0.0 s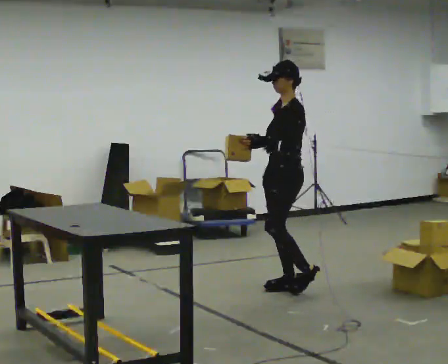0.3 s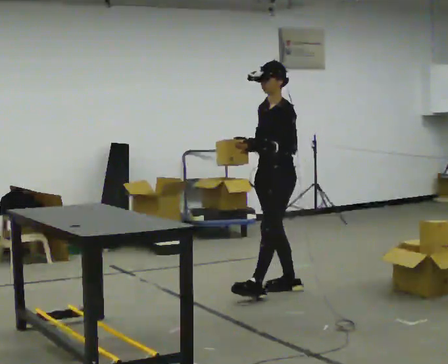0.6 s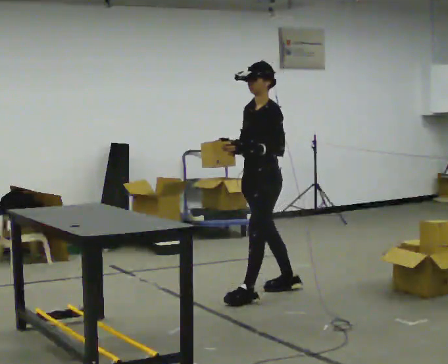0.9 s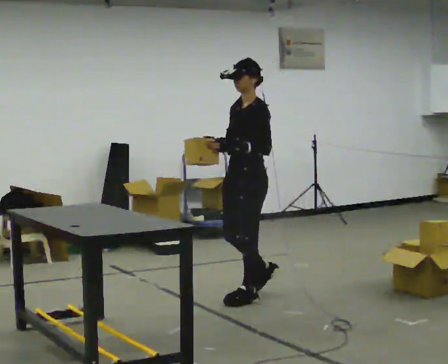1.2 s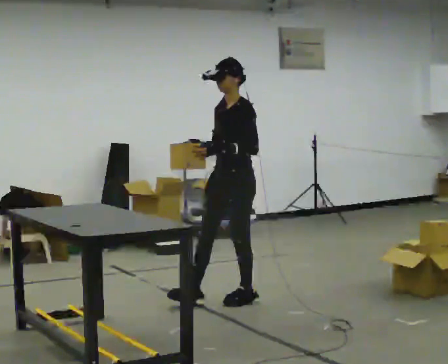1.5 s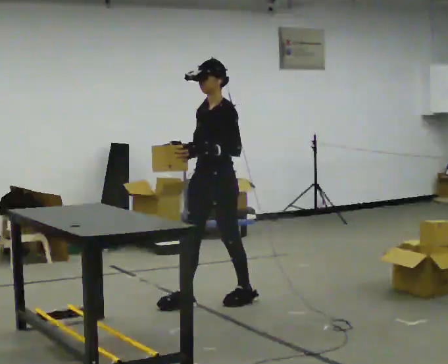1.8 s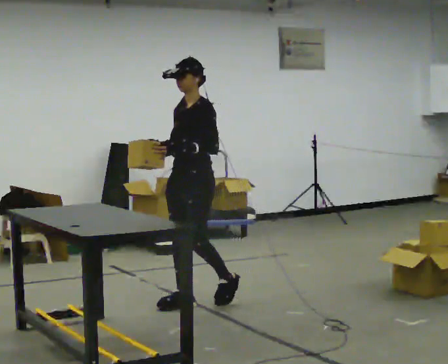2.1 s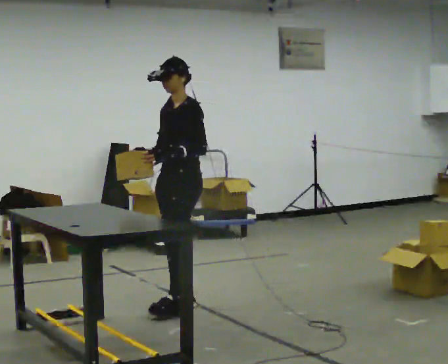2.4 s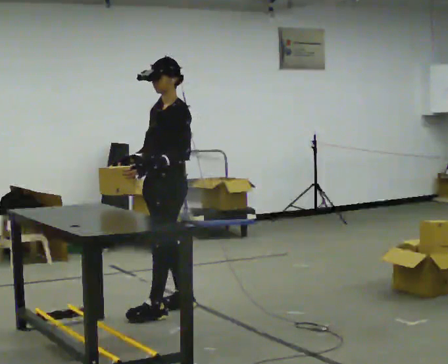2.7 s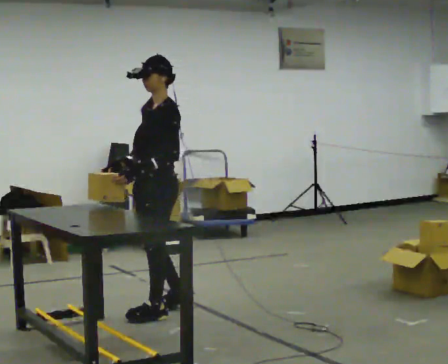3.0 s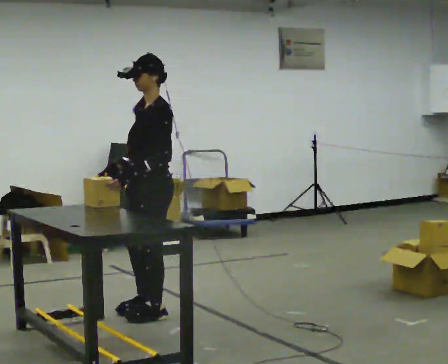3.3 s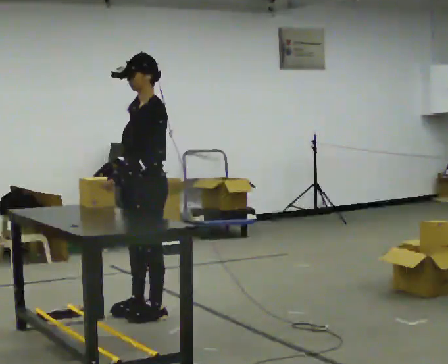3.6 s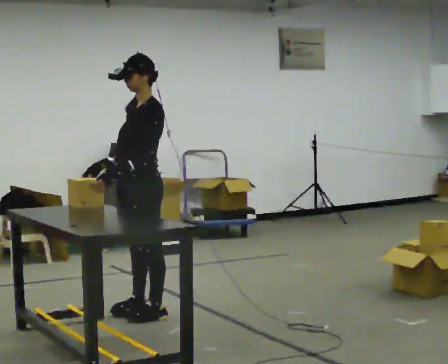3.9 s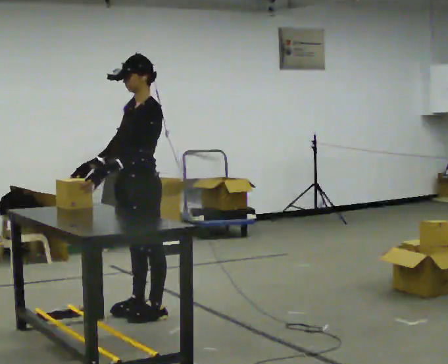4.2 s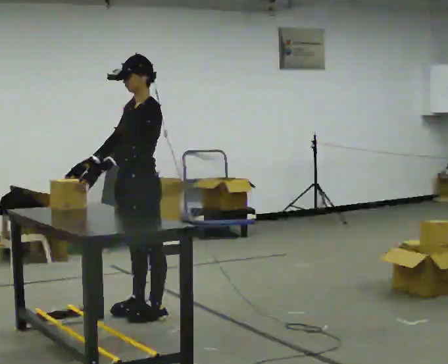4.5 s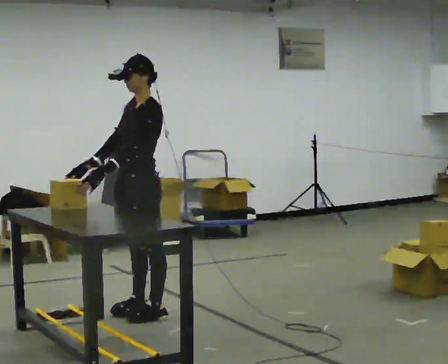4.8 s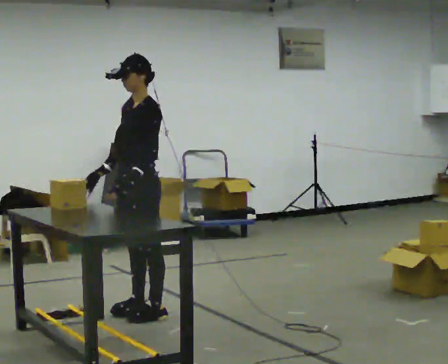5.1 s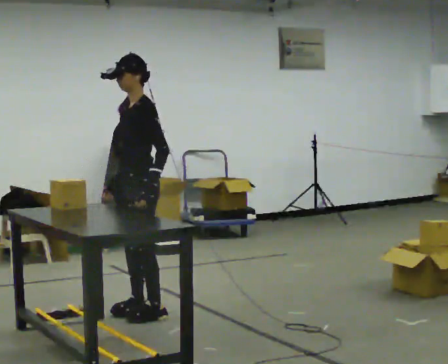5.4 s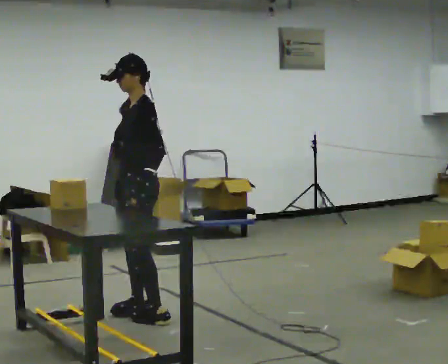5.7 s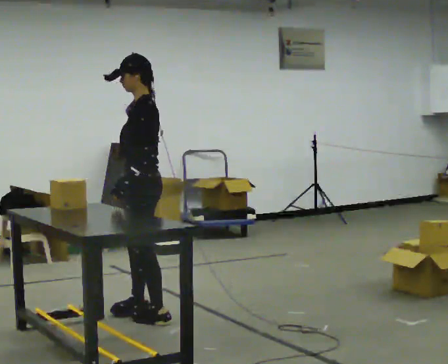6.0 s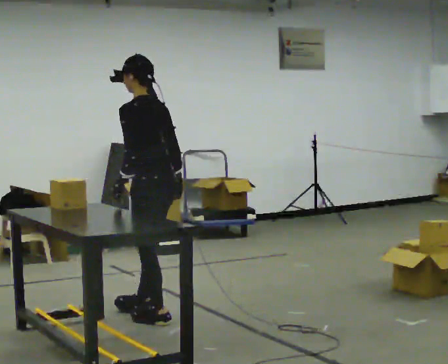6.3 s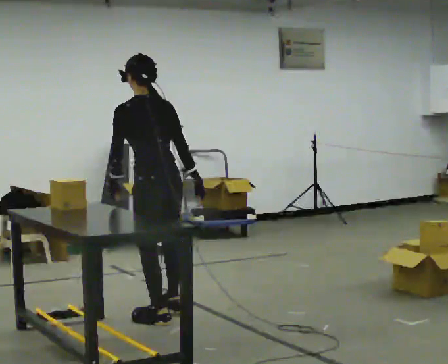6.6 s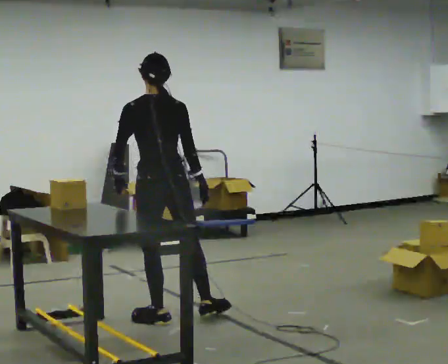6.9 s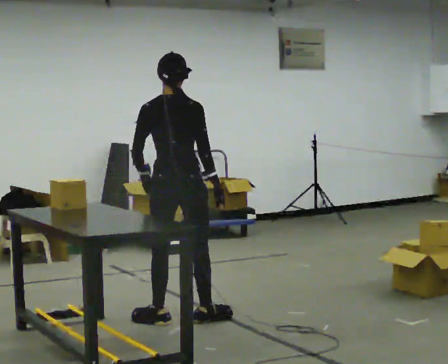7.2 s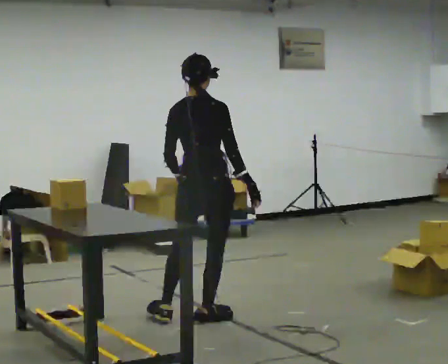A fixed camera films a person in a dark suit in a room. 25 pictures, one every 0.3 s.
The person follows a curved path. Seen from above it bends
counterclockwise.
0.0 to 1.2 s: In the picture they go to the left and toward the camera, about 0.5 m in 1 step, which for them is forward and to their left.
1.2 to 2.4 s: In the picture they go to the left and toward the camera, about 0.5 m in 2 steps, which for them is forward.
2.4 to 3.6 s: In the picture they go to the left, about 0.25 m in 1 step, which for them is forward.
3.6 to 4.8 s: The person moves a little, or ends about where they began.
4.8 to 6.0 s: The part of the body nearest the lens slides to the left as the person turns to their right by about 60 degrees. In the picture they go toward the camera, about 0.25 m. In the picture their right hand goes to the right, the arm swinging counterclockwise.
6.0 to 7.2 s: Seen from above the body turns clockwise, about 75 degrees: to their right, with its near side sliding to the left. In the picture they go to the right, about 0.25 m in 1 step.
The film runs forward here.
